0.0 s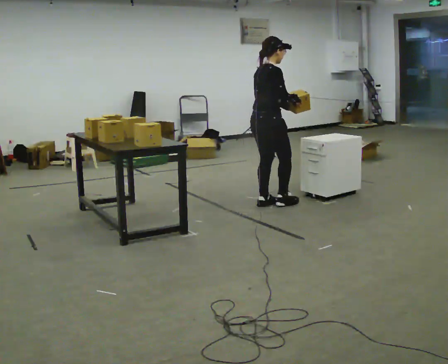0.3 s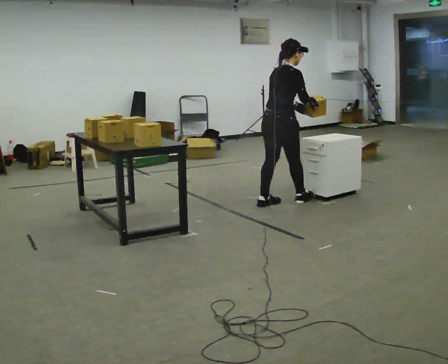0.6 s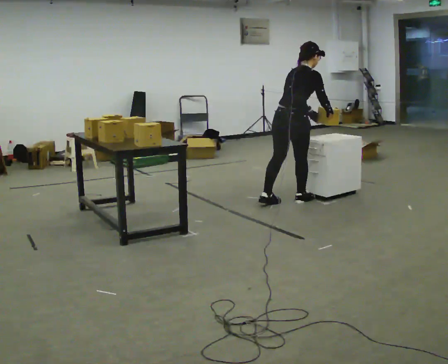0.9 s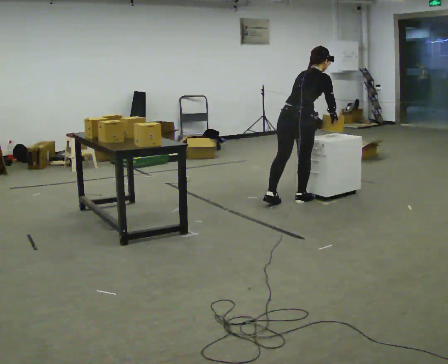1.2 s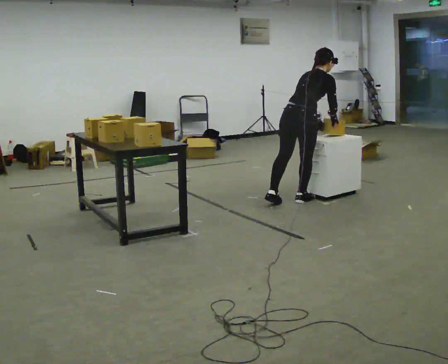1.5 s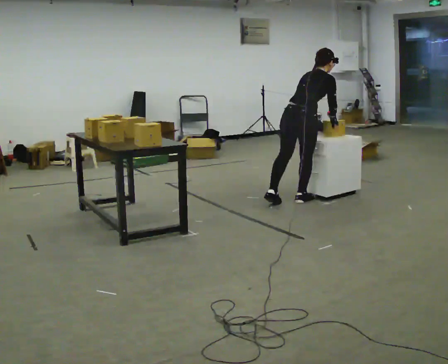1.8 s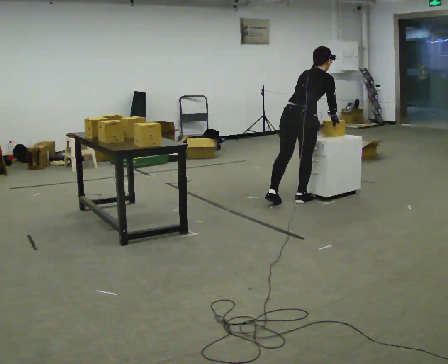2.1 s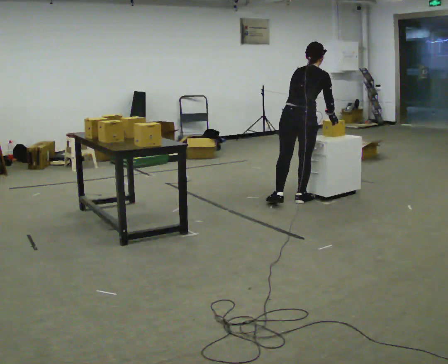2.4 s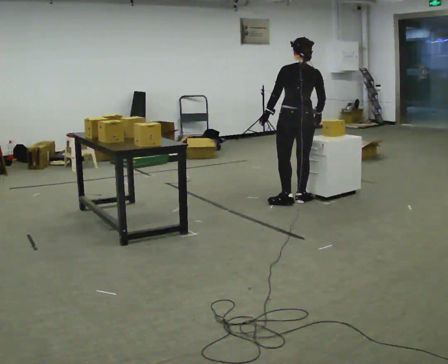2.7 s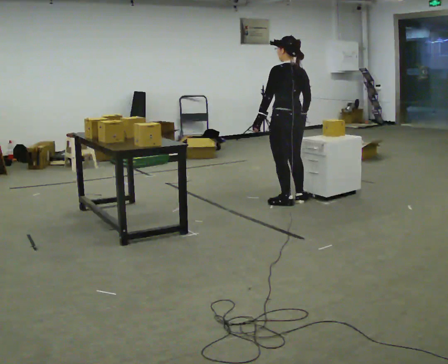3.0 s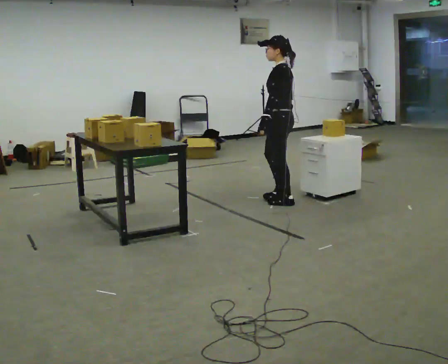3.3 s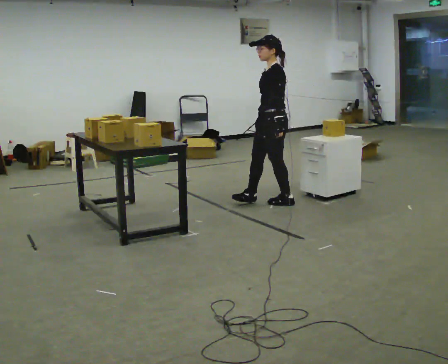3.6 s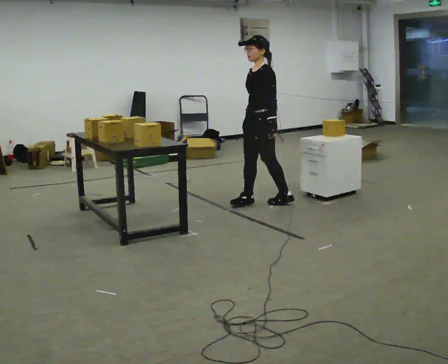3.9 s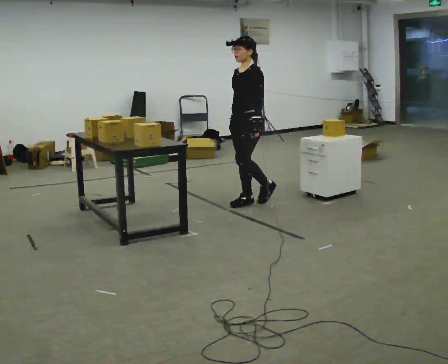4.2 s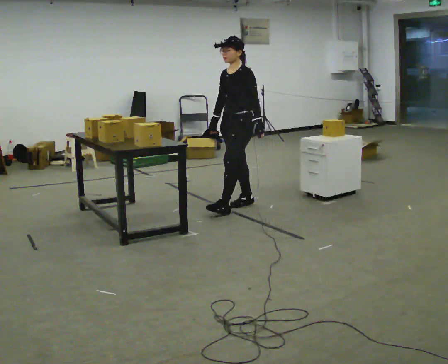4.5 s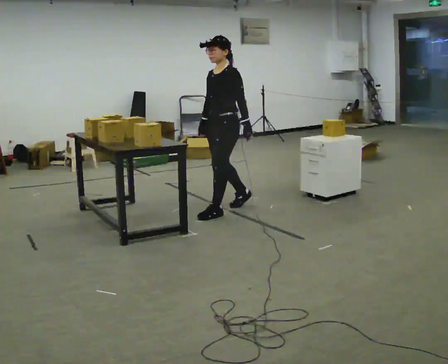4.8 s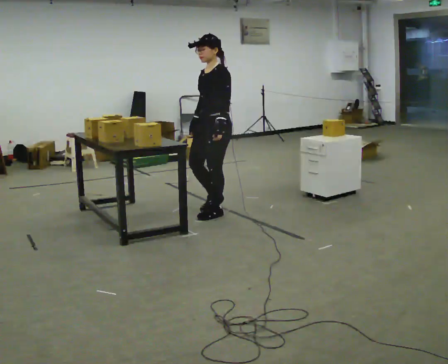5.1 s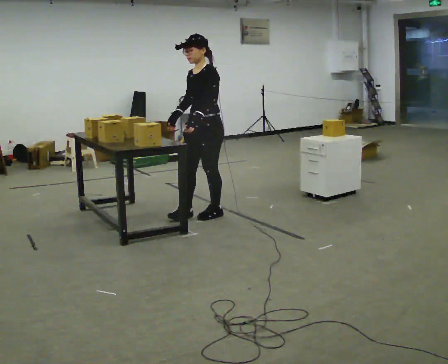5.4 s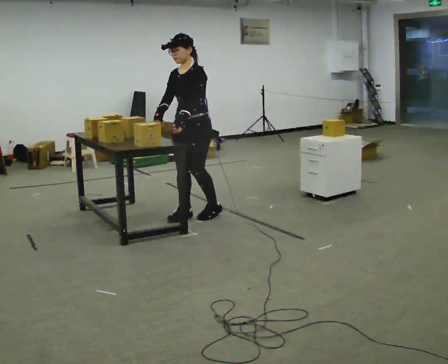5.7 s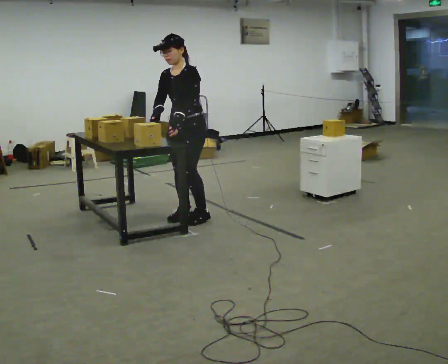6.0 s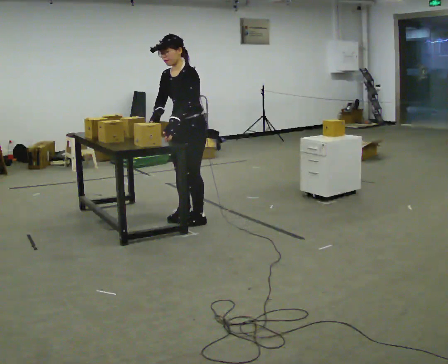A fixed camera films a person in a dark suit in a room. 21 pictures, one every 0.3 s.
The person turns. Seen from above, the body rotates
counterclockwise.
The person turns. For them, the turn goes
to their left.
0.0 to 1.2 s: In the picture they go to the right, about 0.25 m in 1 step, which for them is forward and to their right. In the picture the upper body tilts clockwise, shoulders to the right, as they bend forward.
1.2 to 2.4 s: The part of the body nearest the lens slides to the right as the person turns to their left by about 30 degrees. In the picture the upper body tilts counterclockwise, shoulders to the left, as they lean back or straighten. In the picture their left hand goes to the left.
2.4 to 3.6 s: Seen from above the body turns counterclockwise, about 120 degrees: to their left, with its near side sliding to the right. In the picture they go to the left, about 0.25 m in 1 step.
3.6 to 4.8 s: In the picture they go to the left and toward the camera, about 0.5 m in 1 step, which for them is forward.
4.8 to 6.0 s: In the picture they go to the left and toward the camera, about 0.25 m in 2 steps, which for them is forward.
The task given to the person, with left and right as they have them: Move objects one at a time from the waist-height shelf on your left to the one on your right. Repeat at your own pace until the operator says stop. Keep both feet on the marked spots for the whole take. If you have to step, stop and tell the operator.
The film runs forward here.
